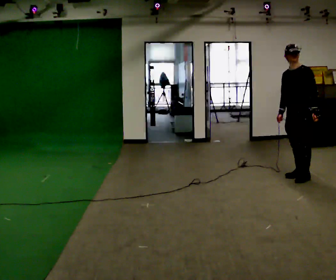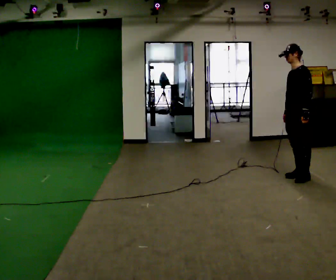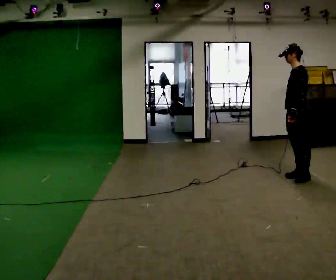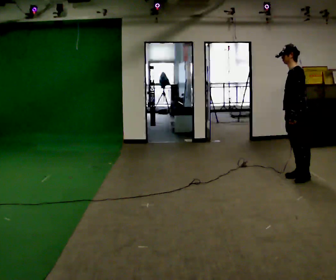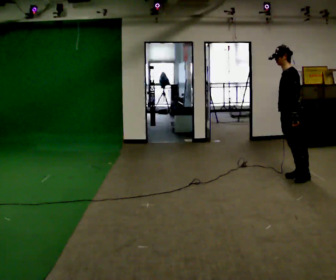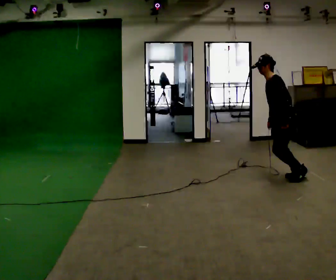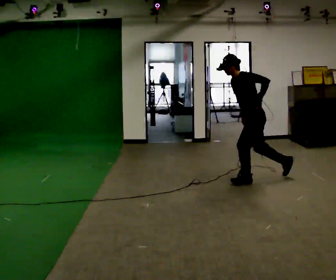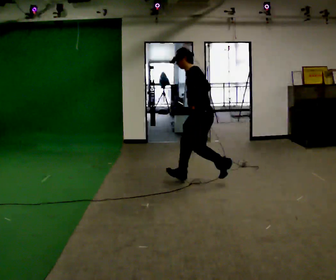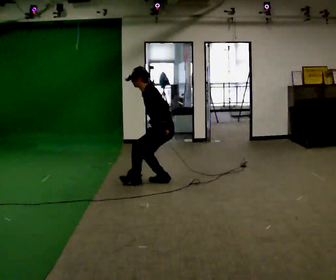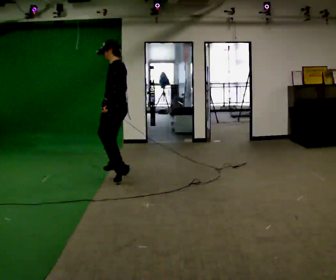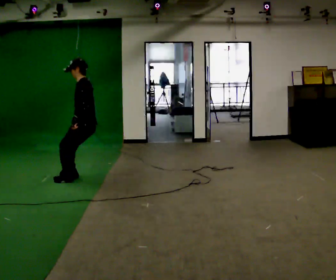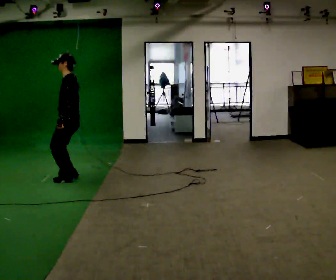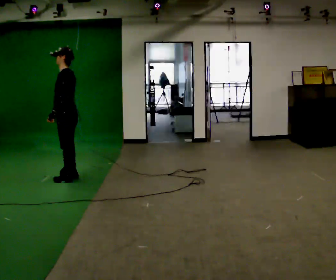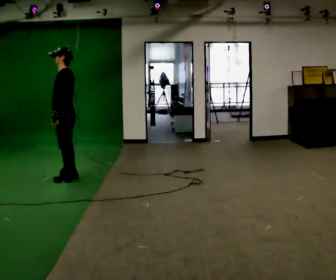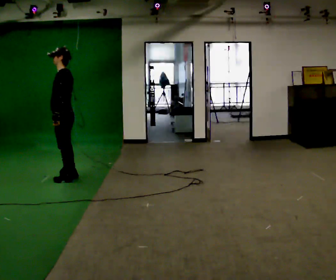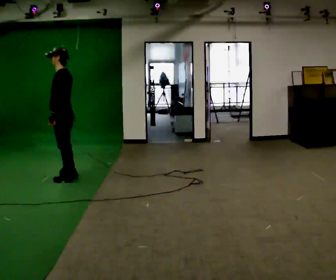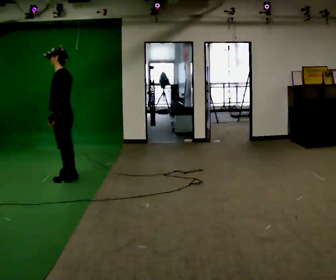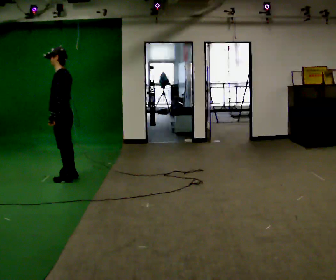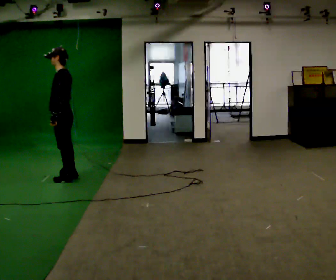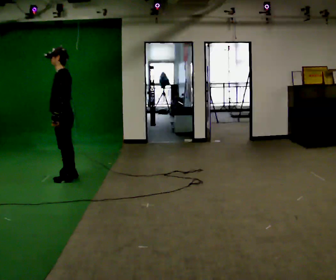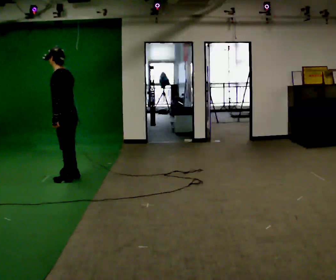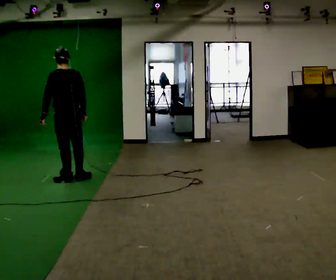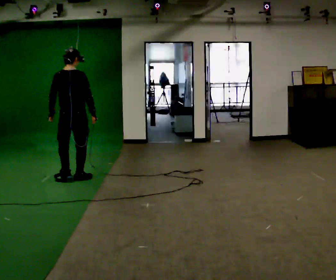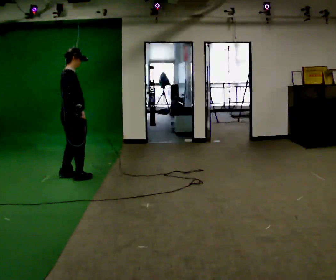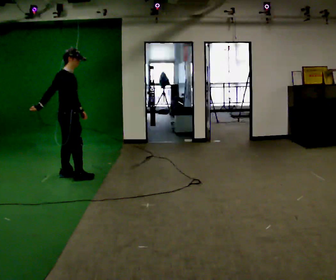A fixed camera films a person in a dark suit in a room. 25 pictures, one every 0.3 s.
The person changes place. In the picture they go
to the left.
0.0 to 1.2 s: Seen from above the body turns clockwise, about 30 degrees: to their right, with its near side sliding to the left.
1.2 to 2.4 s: In the picture they go to the left, about 1.5 m in 3 steps, which for them is forward.
2.4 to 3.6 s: In the picture they go to the left, about 1 m in 2 steps, which for them is forward.
3.6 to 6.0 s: The person moves a little, or ends about where they began.
6.0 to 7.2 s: Seen from above the body turns clockwise, about 165 degrees: to their right, with its near side sliding to the left. In the picture their right hand goes to the left.
The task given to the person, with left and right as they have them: Take a few running steps and leap forward as far as is comfortable; land on both feet. Repeat the movement at your own pace until the operator says stop; do not rush.
The film runs forward here.
